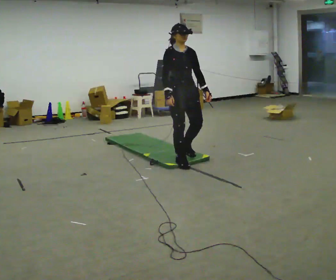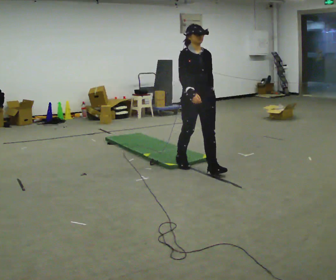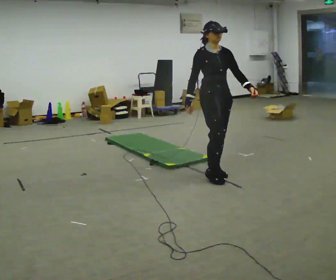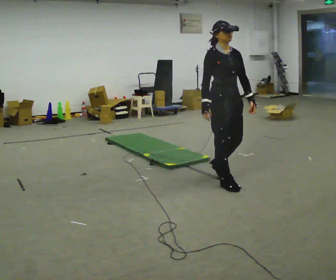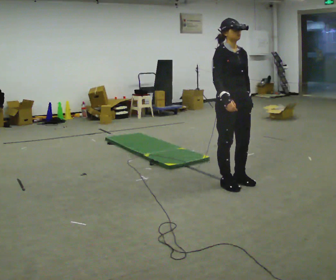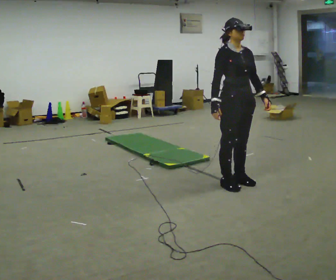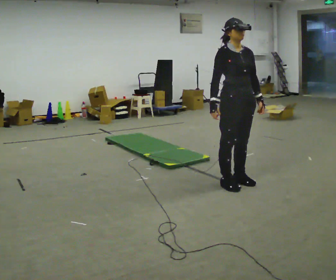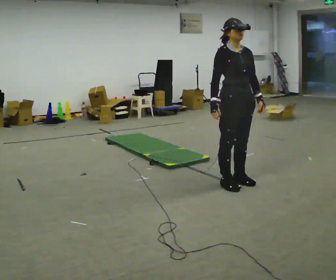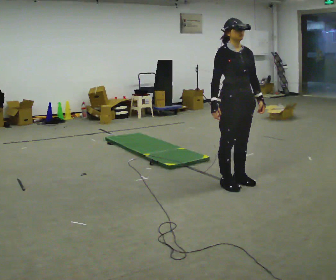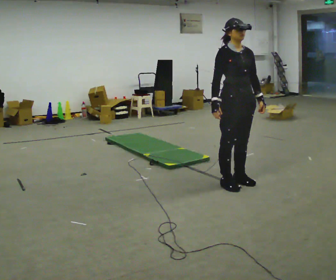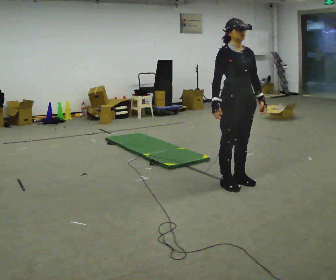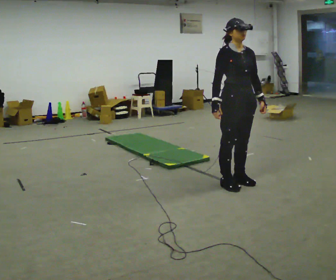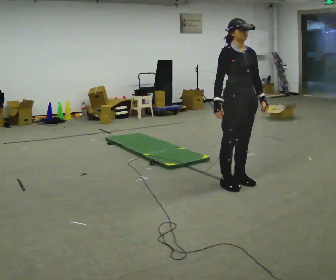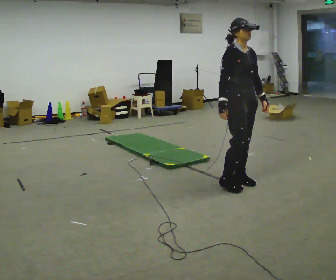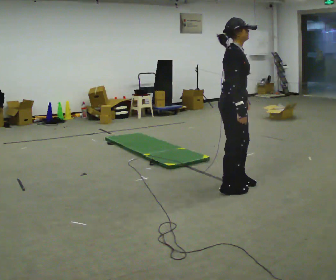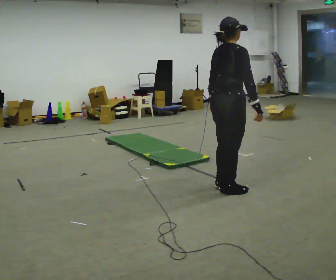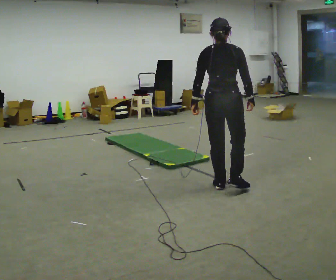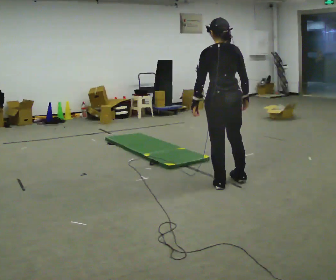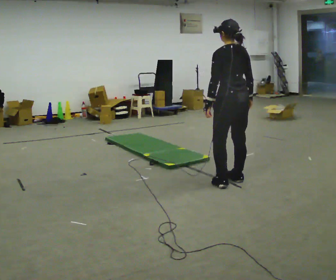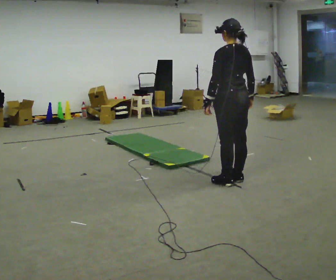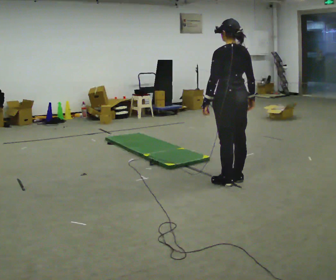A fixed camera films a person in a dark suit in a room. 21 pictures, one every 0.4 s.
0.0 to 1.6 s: In the picture they go to the right and toward the camera, about 1 m in 3 steps, which for them is forward.
1.6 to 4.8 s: The person moves a little, or ends about where they began.
4.8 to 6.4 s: The part of the body nearest the lens slides to the right as the person turns to their left by about 135 degrees. In the picture their right hand goes to the right, the arm swinging counterclockwise.
6.4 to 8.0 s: The person turns about 45 degrees to their left, counterclockwise seen from above, so the part of the body nearest the lens slides to the right. In the picture they go away from the camera, about 0.25 m in 1 step, which for them is to their right.
The film runs forward here.
